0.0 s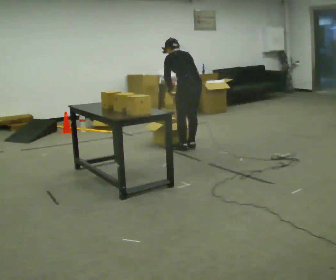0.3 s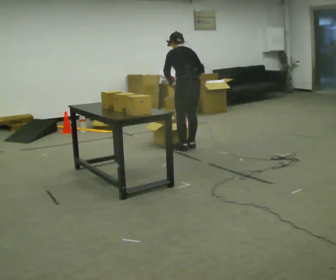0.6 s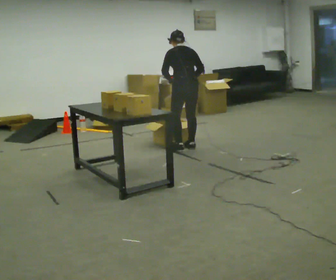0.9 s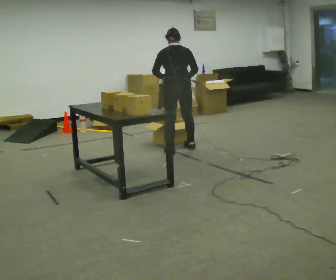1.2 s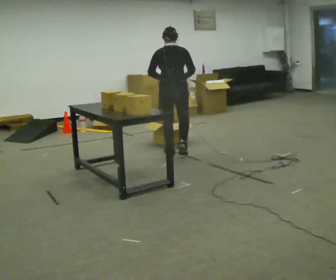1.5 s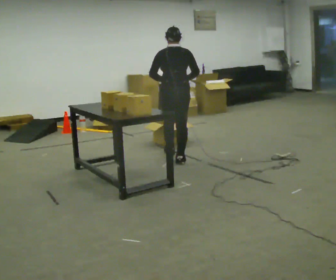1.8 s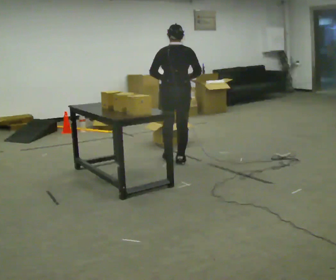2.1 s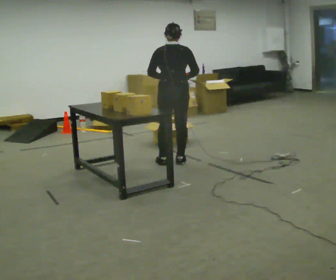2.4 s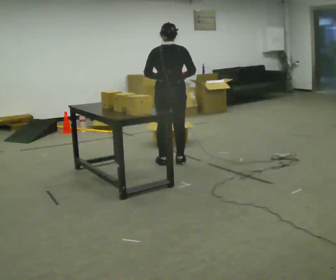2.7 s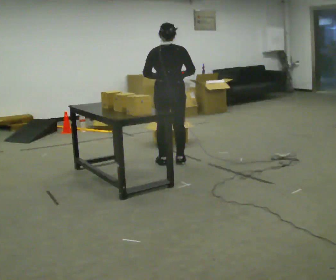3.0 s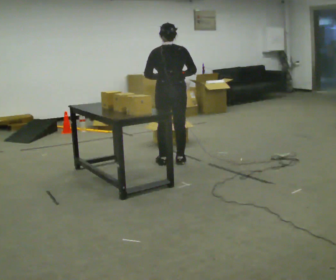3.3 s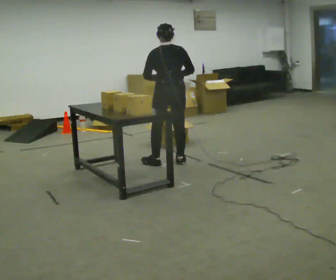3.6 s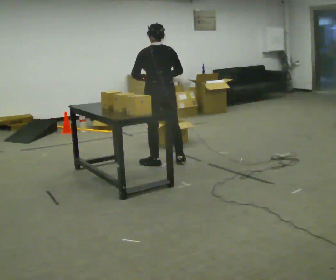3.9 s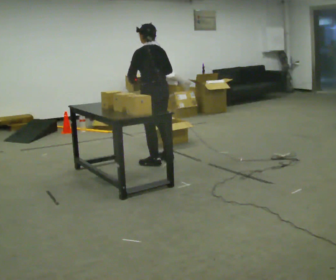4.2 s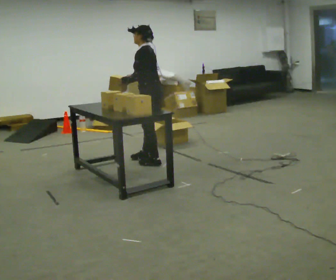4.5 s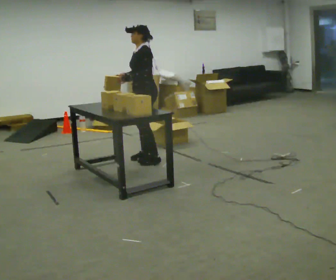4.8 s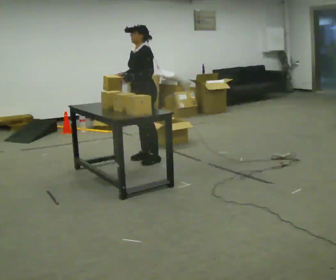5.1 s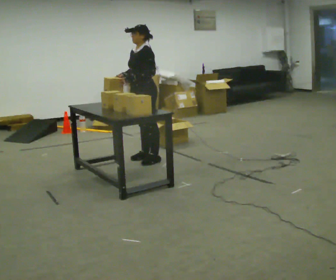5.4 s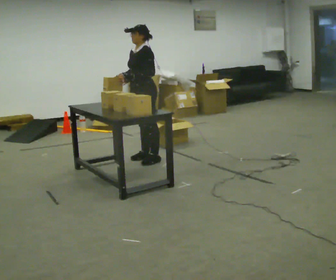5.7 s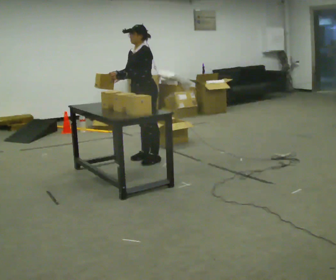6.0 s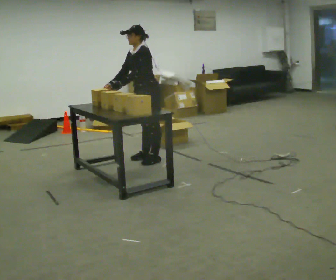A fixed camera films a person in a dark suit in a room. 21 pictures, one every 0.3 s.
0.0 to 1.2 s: The person turns about 30 degrees to their right, clockwise seen from above, so the part of the body nearest the lens slides to the left. In the picture they go toward the camera and to the left, about 0.25 m in 2 steps, which for them is to their left. The upper body tips toward the camera, its near side rolling downward, as they lean back or straighten.
1.2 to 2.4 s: In the picture they go toward the camera, about 0.25 m in 1 step, which for them is backward.
2.4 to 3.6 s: The person moves a little, or ends about where they began.
3.6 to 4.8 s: The person turns about 90 degrees to their left, counterclockwise seen from above, so the part of the body nearest the lens slides to the right. In the picture they go to the left and away from the camera, about 0.25 m in 1 step.
4.8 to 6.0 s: The person moves a little, or ends about where they began.
The film runs backward here.
